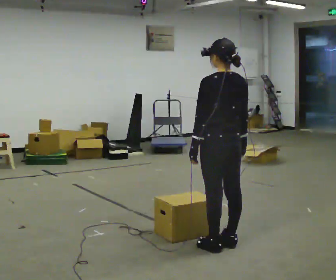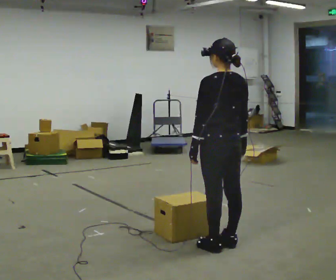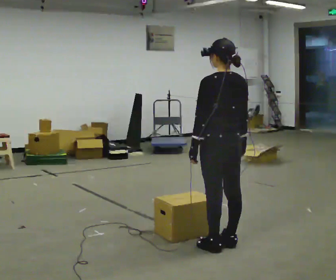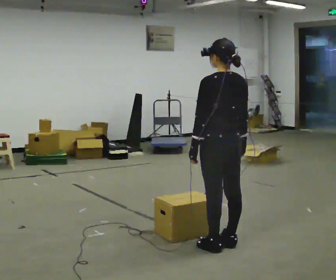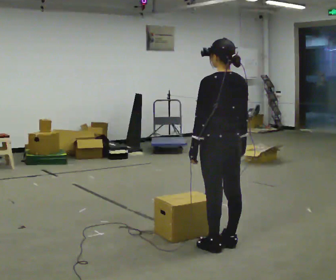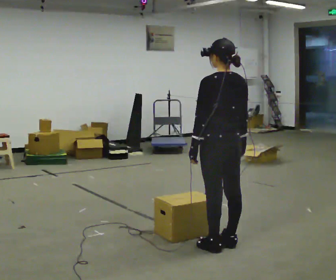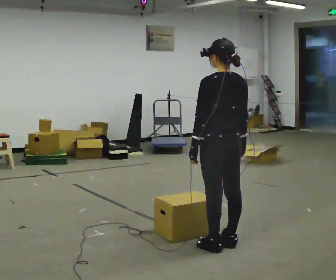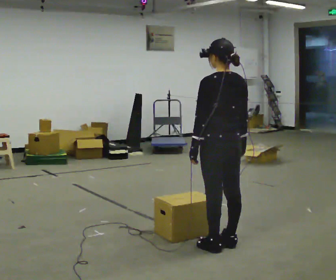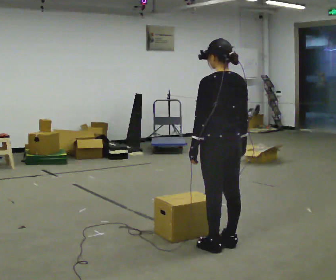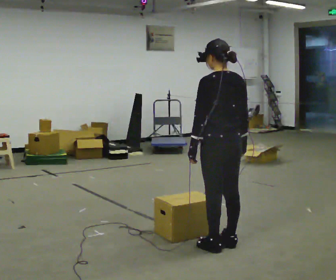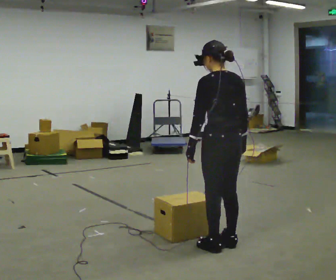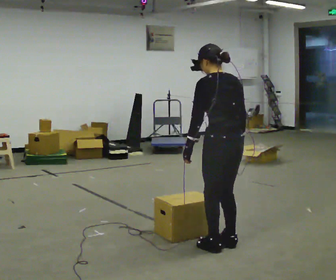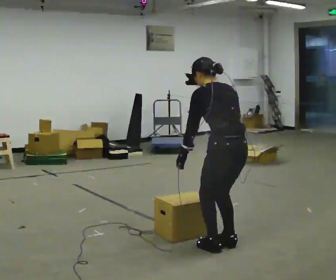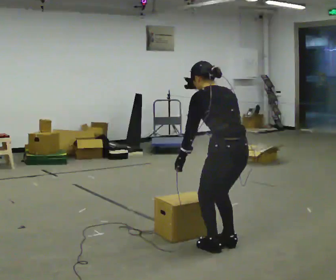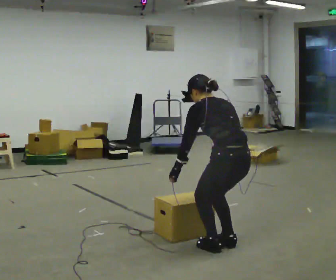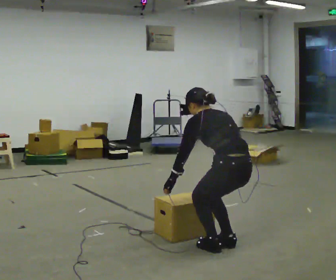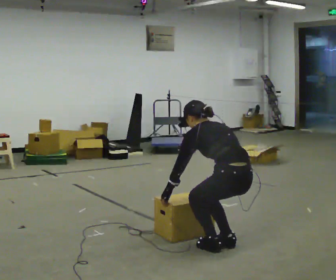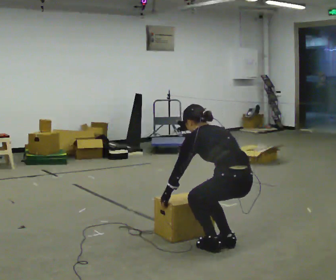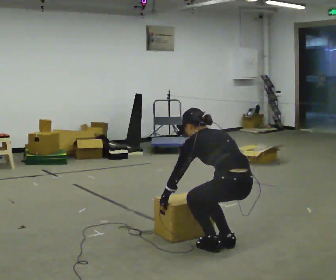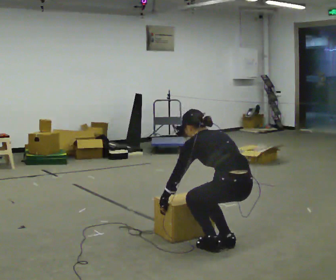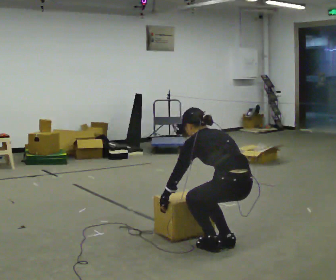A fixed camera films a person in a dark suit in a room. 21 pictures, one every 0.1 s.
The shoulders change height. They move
downward.
Their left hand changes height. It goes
downward.
0.0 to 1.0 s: The person moves a little, or ends about where they began.
1.0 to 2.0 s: The shoulders move downward. In the picture the upper body tilts counterclockwise, shoulders to the left, as they bend forward. In the picture their left hand goes downward.
The film runs forward here.
